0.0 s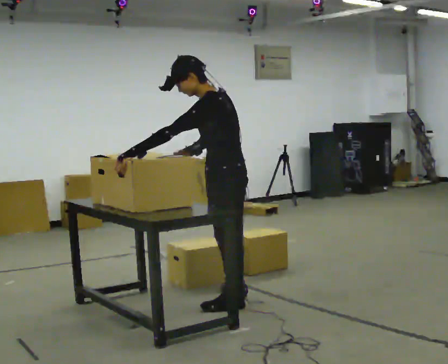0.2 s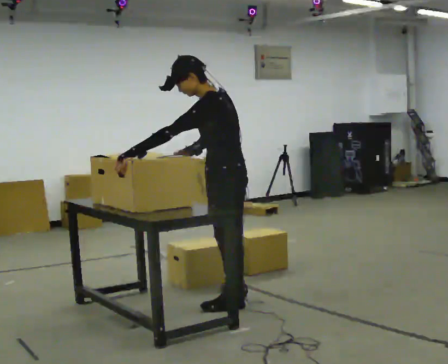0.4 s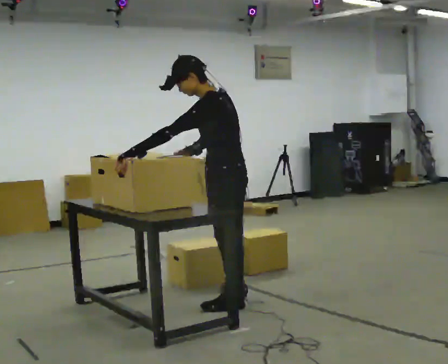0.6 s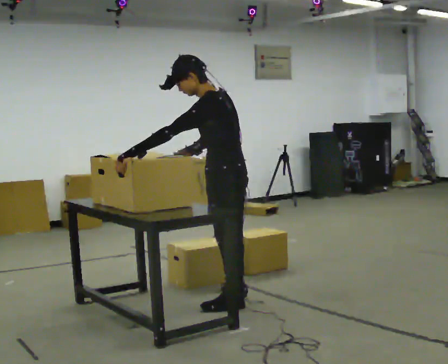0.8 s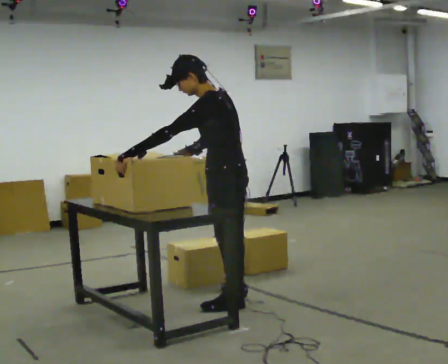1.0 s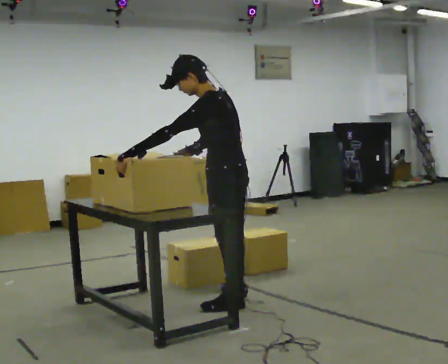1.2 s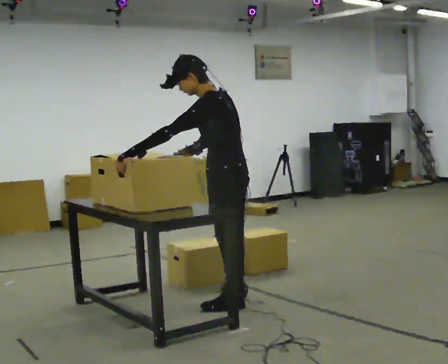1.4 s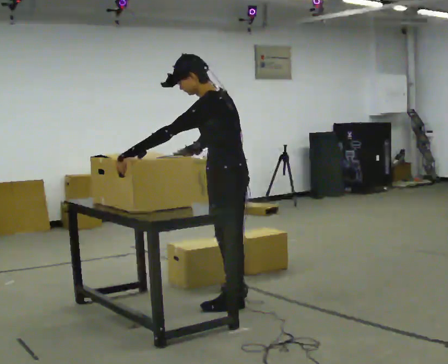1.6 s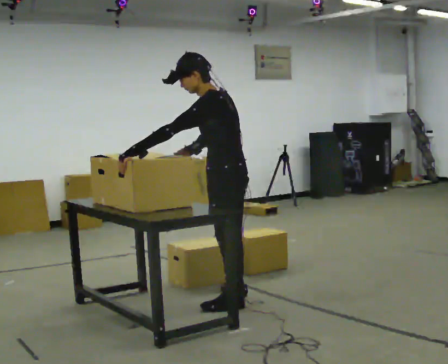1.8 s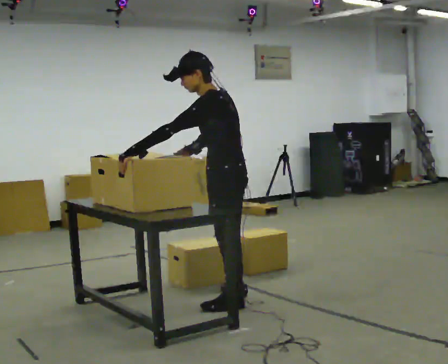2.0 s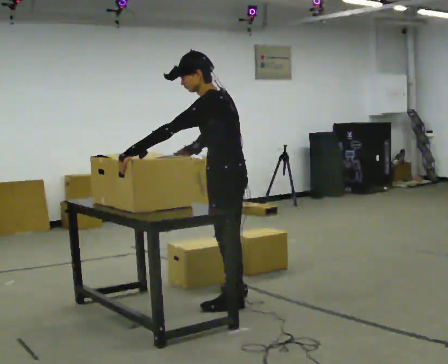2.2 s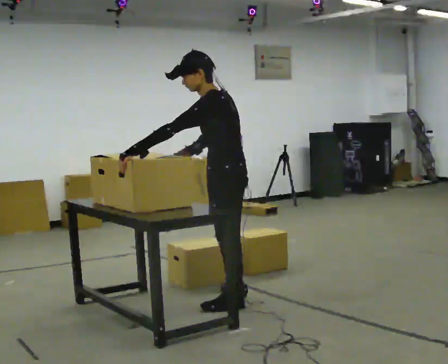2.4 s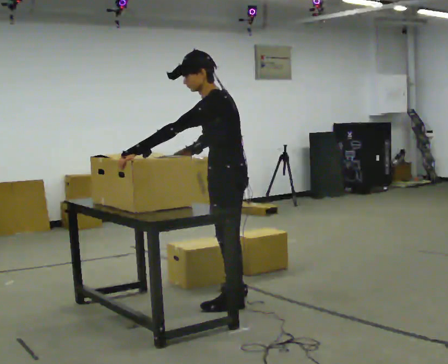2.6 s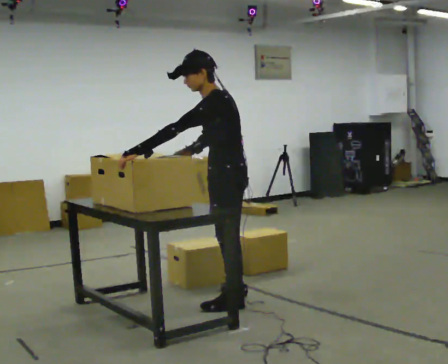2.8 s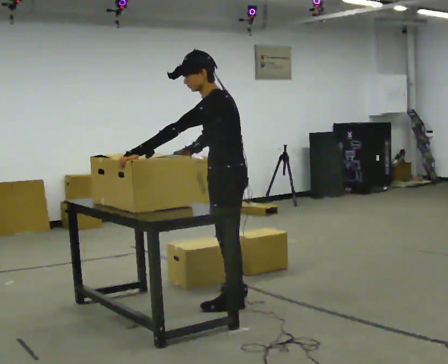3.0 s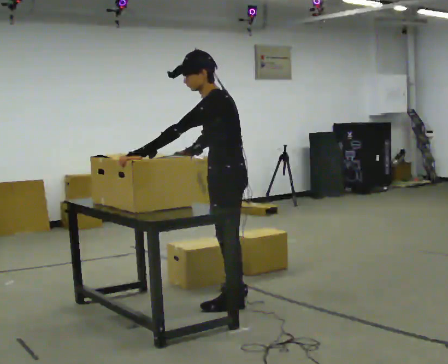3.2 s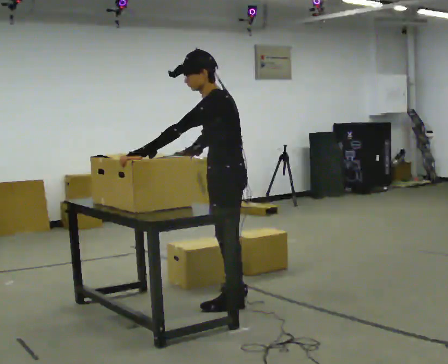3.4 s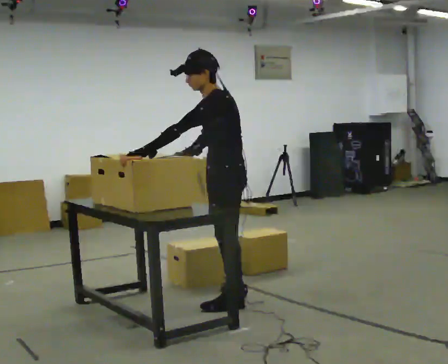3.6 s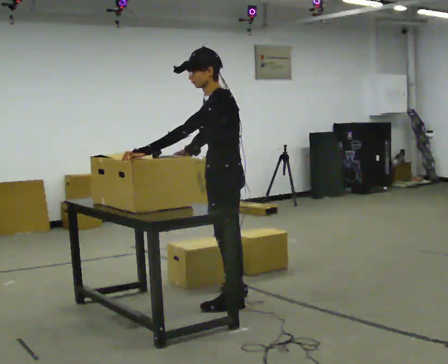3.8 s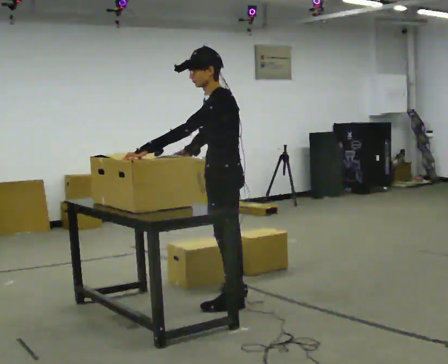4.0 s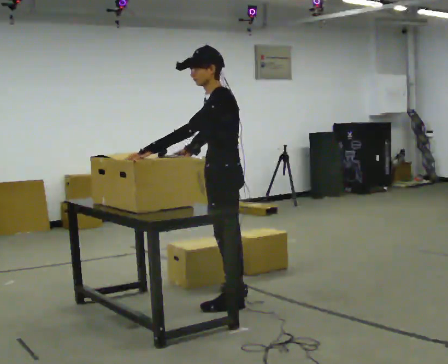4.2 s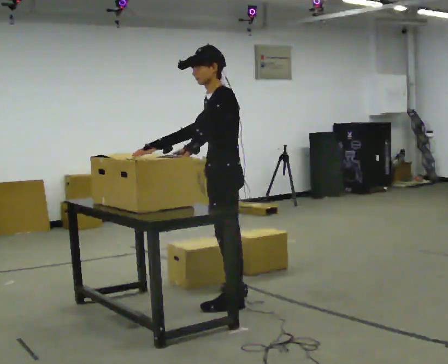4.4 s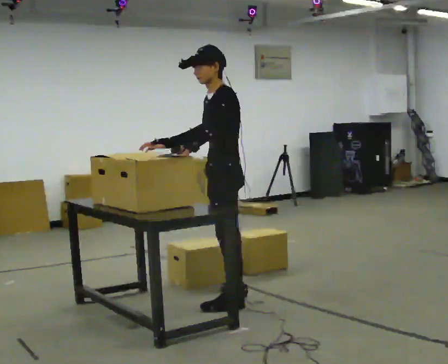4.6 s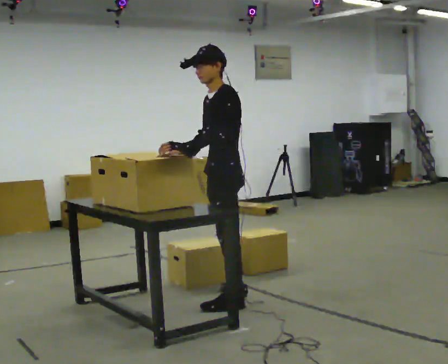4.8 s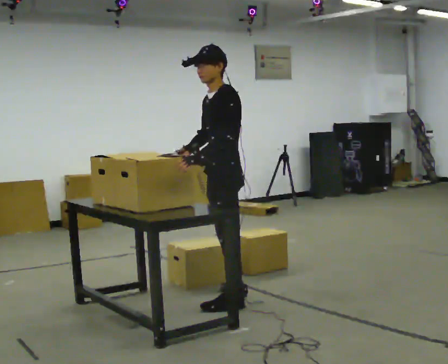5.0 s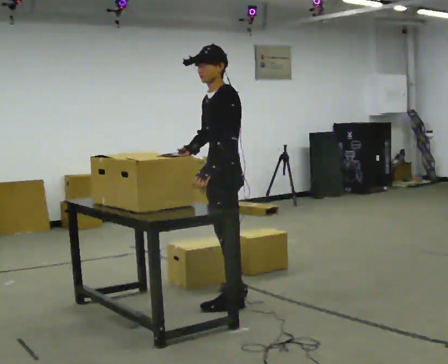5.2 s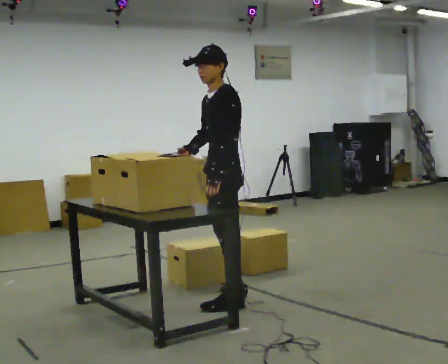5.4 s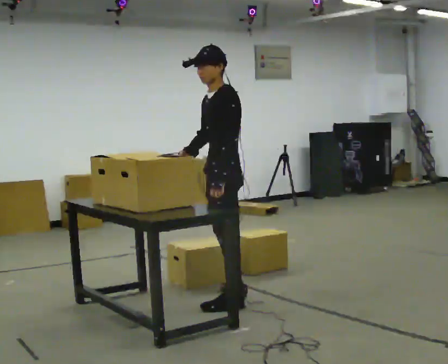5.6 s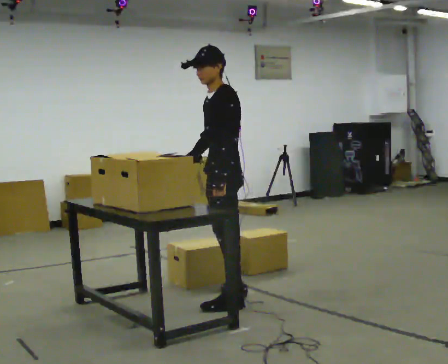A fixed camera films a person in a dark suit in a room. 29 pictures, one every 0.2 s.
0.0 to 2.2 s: The person keeps their place and pose.
2.2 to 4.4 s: The person moves a little, or ends about where they began.
4.4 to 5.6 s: In the picture their left hand goes to the right, the arm swinging counterclockwise.
The film runs backward here.
